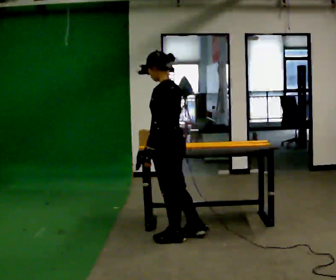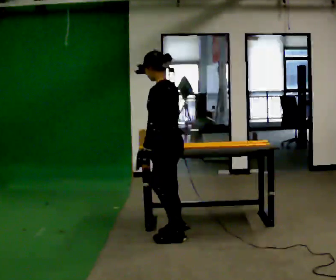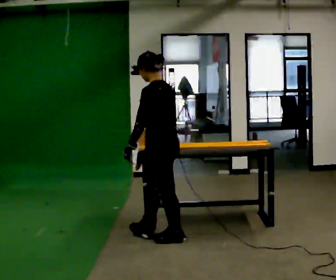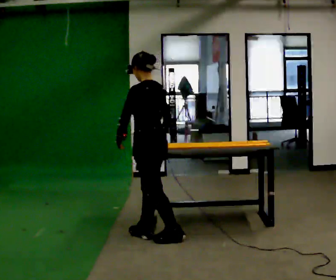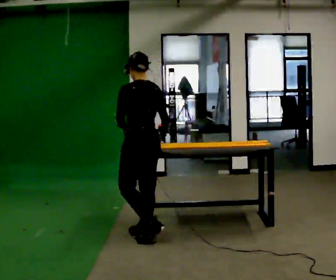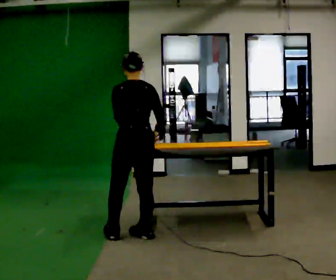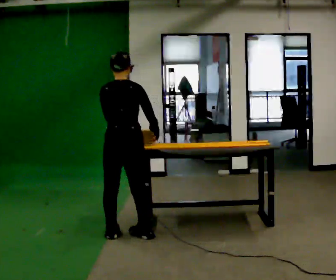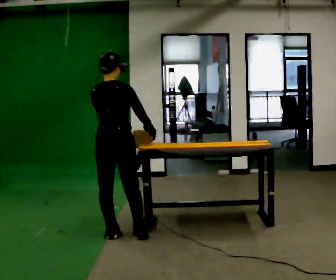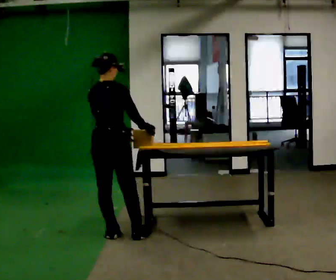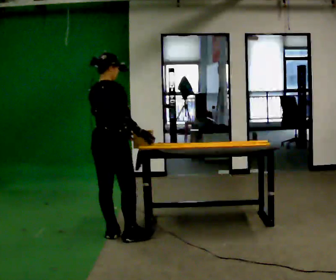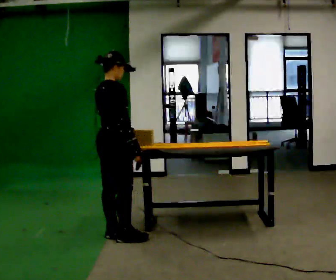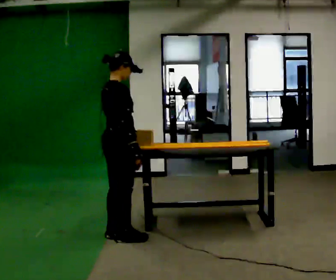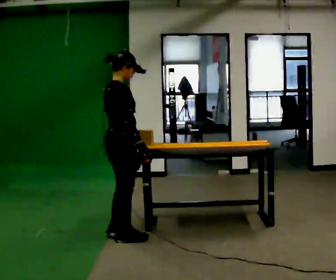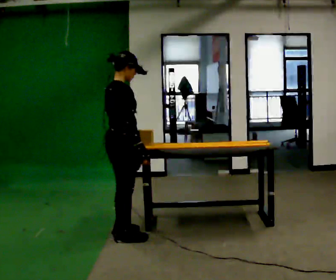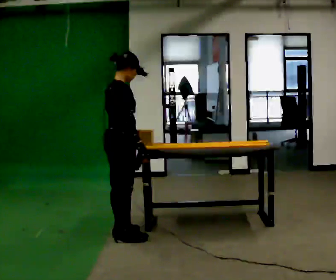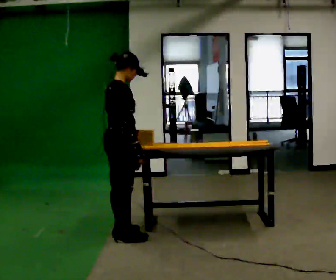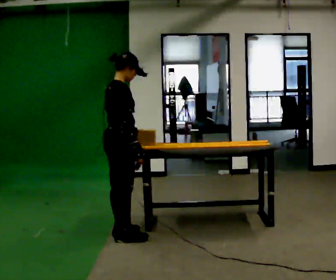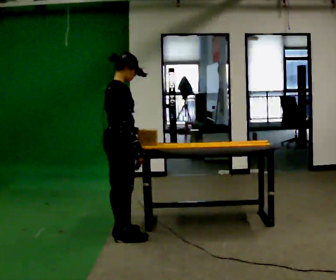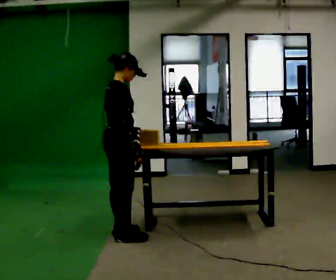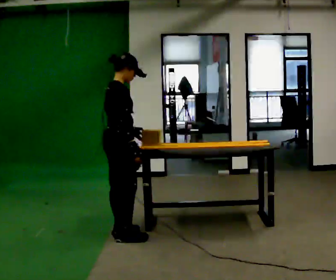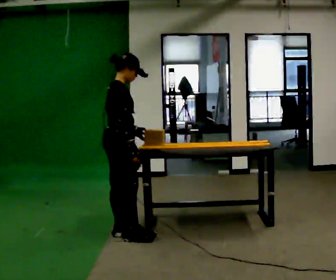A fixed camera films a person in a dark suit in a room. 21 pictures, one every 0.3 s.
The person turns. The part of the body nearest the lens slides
to the left.
The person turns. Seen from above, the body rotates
clockwise.
0.0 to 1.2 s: The person turns about 30 degrees to their right, clockwise seen from above, so the part of the body nearest the lens slides to the left. In the picture they go to the left, about 0.25 m in 1 step, which for them is forward.
1.2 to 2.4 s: Seen from above the body turns clockwise, about 75 degrees: to their right, with its near side sliding to the left. In the picture they go to the left, about 0.25 m in 1 step.
2.4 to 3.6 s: The person turns about 45 degrees to their right, clockwise seen from above, so the part of the body nearest the lens slides to the left.
3.6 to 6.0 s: In the picture they go away from the camera, about 0.25 m, which for them is to their left.
The film runs forward here.
